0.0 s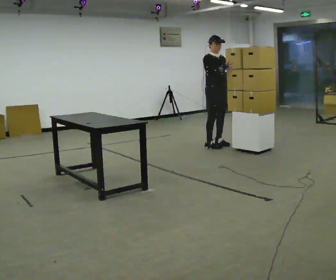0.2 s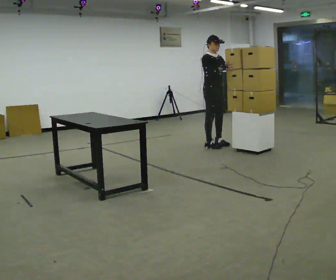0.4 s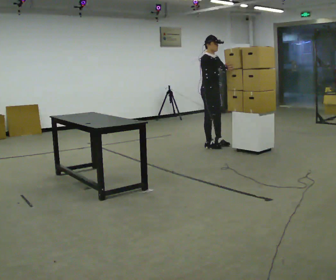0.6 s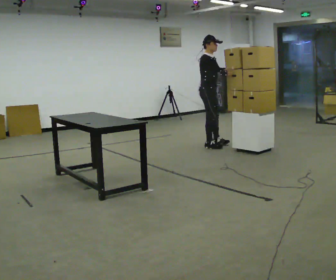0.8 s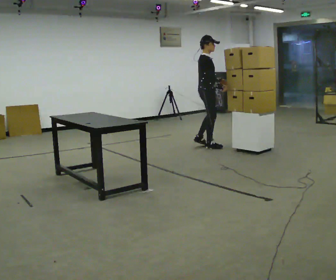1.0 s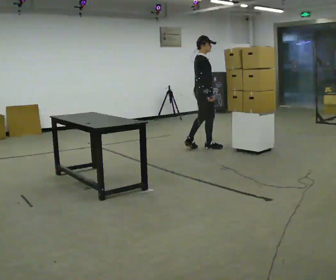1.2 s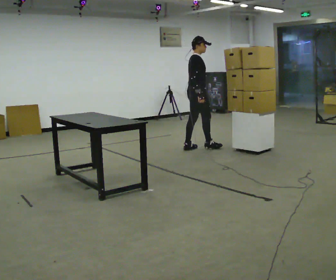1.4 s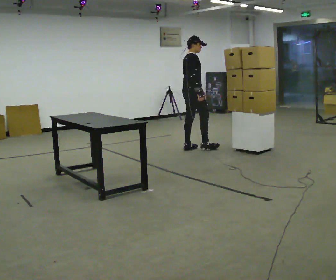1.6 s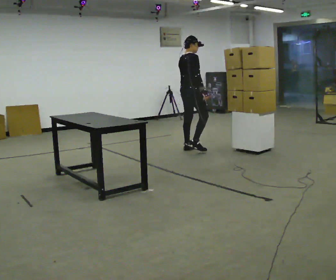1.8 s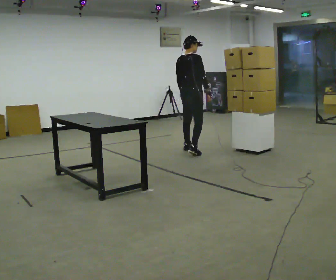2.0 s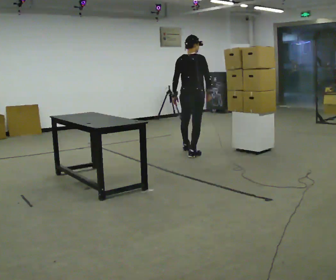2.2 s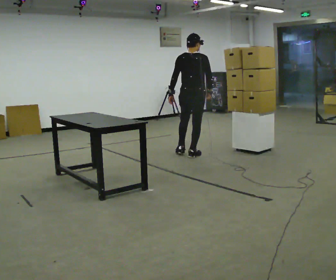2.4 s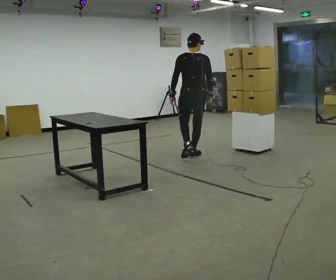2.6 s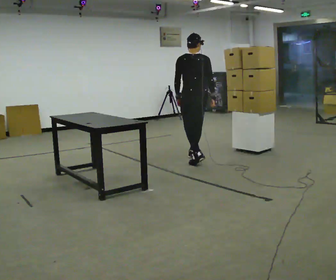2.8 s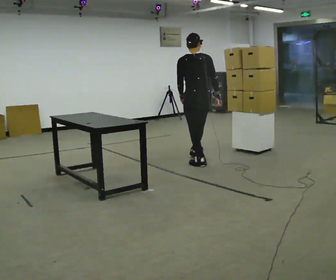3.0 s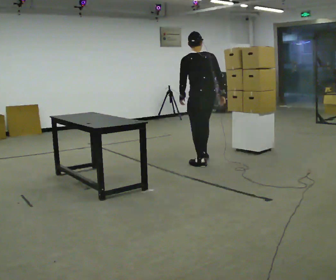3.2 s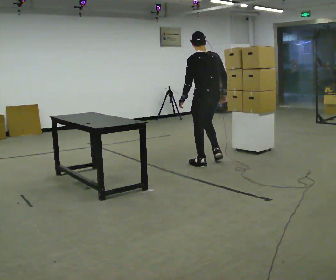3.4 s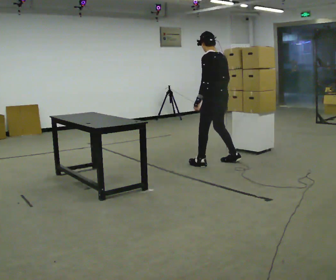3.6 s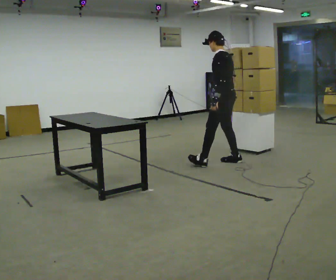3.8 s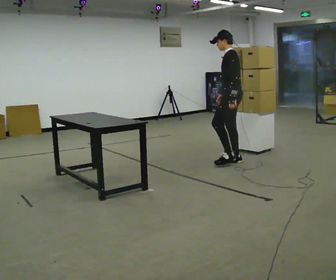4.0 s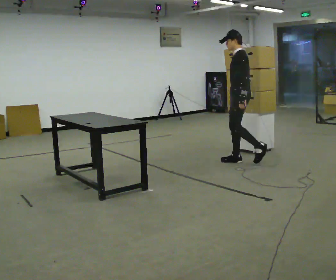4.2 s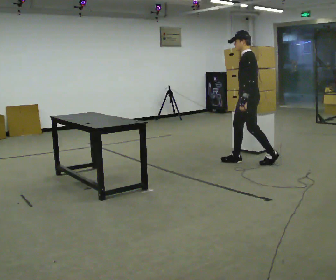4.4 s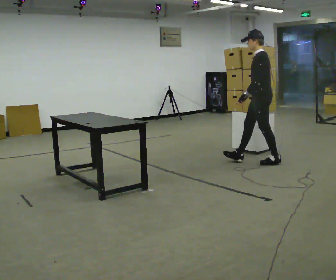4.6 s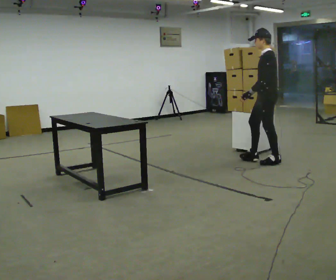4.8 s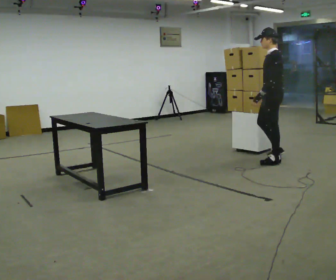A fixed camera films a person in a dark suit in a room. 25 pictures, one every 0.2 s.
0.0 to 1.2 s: The part of the body nearest the lens slides to the right as the person turns to their left by about 60 degrees. In the picture they go to the left and toward the camera, about 0.25 m in 1 step. In the picture their left hand goes downward, the arm swinging clockwise.
1.2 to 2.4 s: The person turns about 75 degrees to their left, counterclockwise seen from above, so the part of the body nearest the lens slides to the right. In the picture they go toward the camera, about 0.5 m in 2 steps.
2.4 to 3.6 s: The person turns about 60 degrees to their left, counterclockwise seen from above, so the part of the body nearest the lens slides to the right. In the picture they go to the right and toward the camera, about 0.5 m in 2 steps.
3.6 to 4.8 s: In the picture they go to the right, about 0.75 m in 1 step, which for them is backward.
The film runs backward here.
